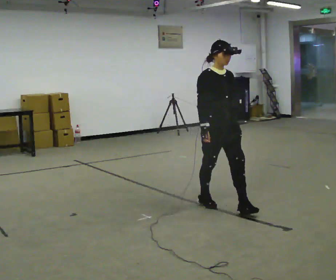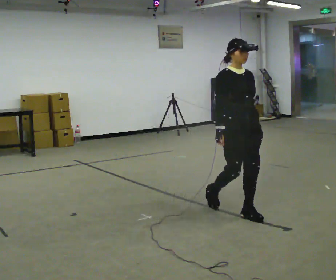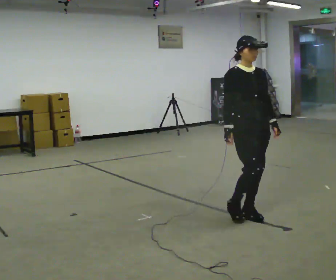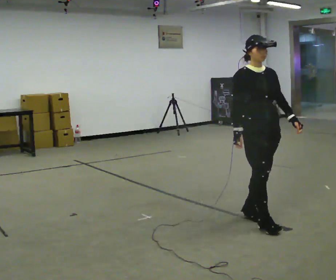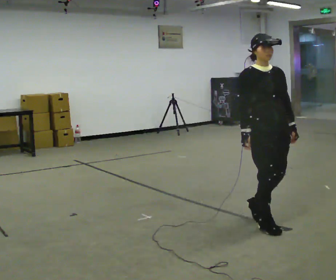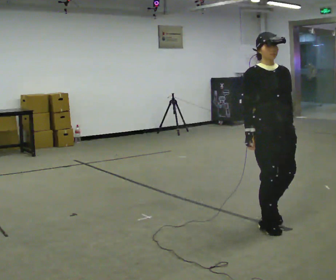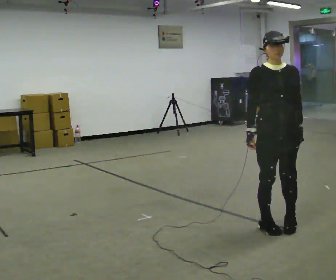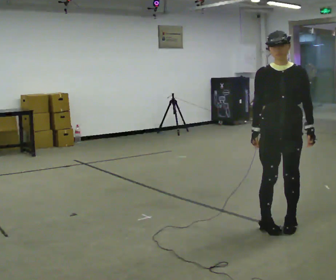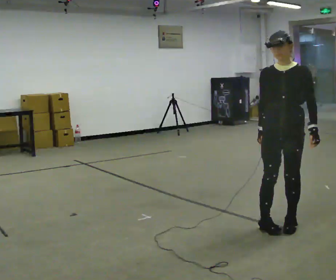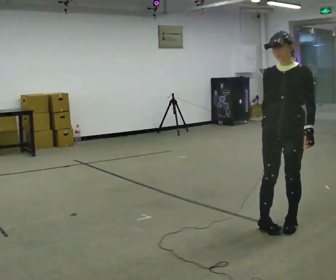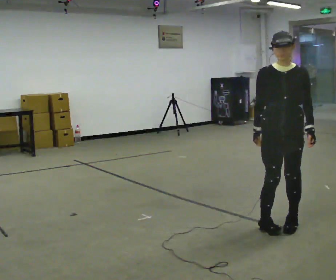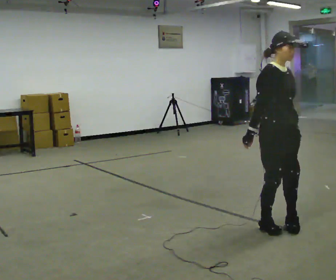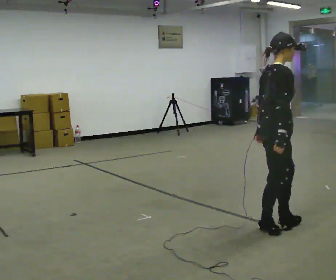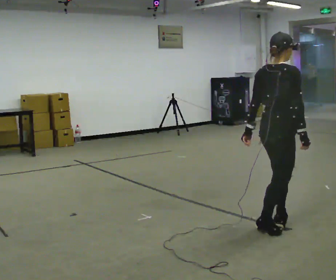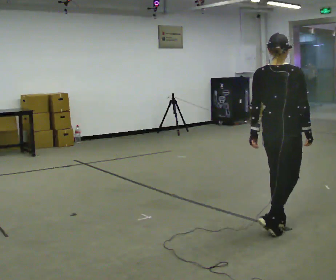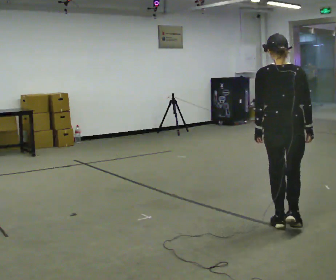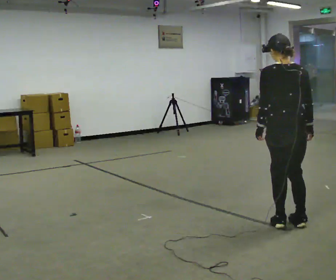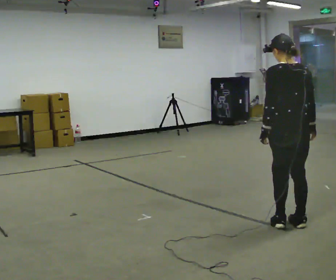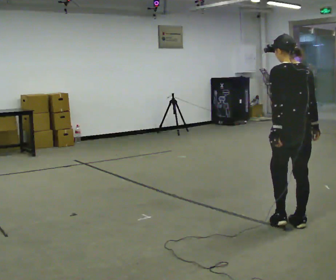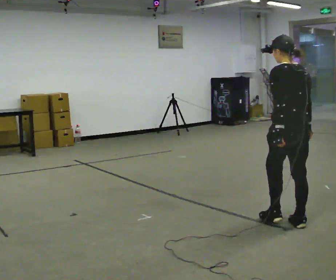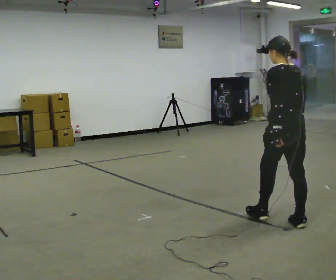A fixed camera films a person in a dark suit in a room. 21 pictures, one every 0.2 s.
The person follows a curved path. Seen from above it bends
counterclockwise.
0.0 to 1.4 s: The part of the body nearest the lens slides to the left as the person turns to their right by about 45 degrees. In the picture they go to the right and toward the camera, about 0.5 m in 3 steps, which for them is forward.
1.4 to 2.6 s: The person turns about 135 degrees to their left, counterclockwise seen from above, so the part of the body nearest the lens slides to the right. In the picture their left hand goes to the left, the arm swinging clockwise.
2.6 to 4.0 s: The person turns about 90 degrees to their left, counterclockwise seen from above, so the part of the body nearest the lens slides to the right. In the picture they go away from the camera, about 0.25 m in 1 step.
The film runs forward here.
